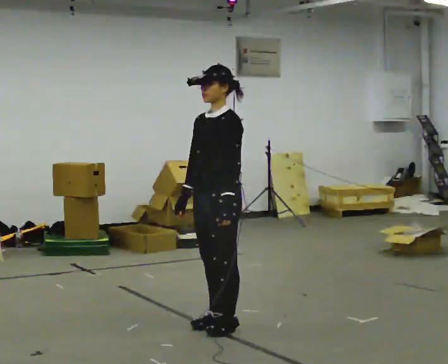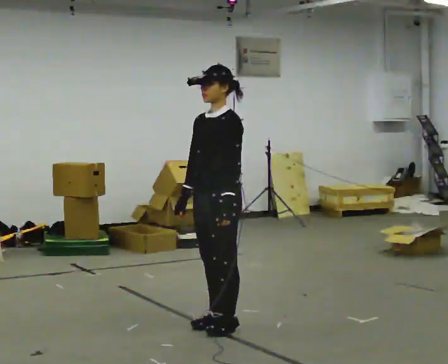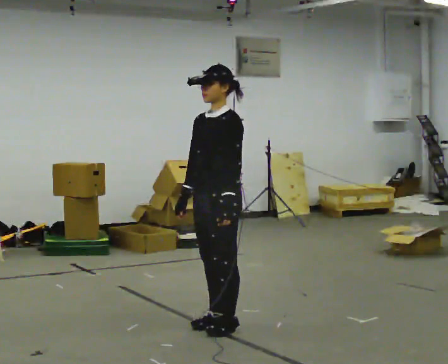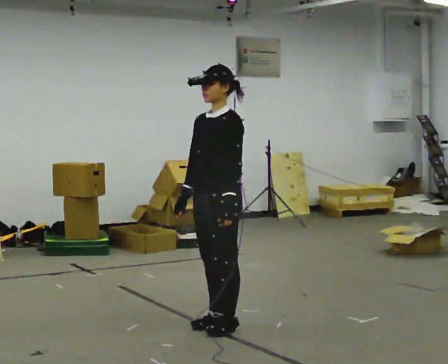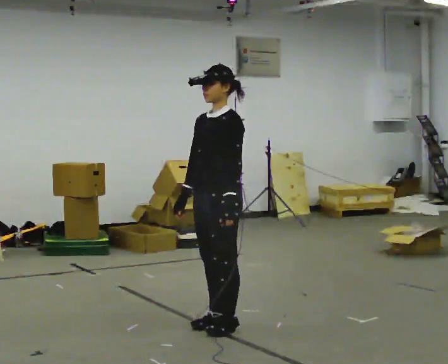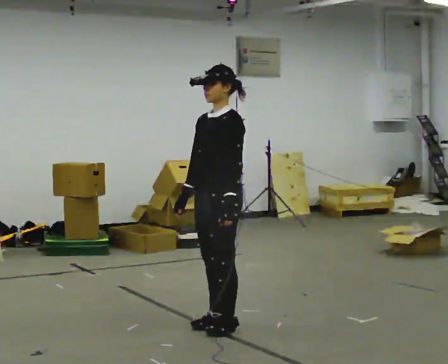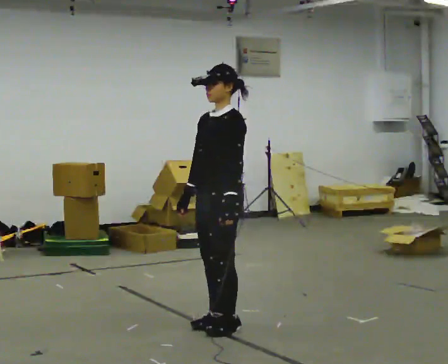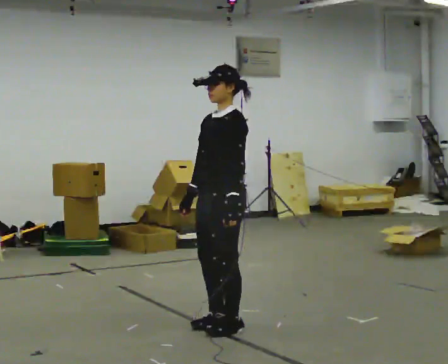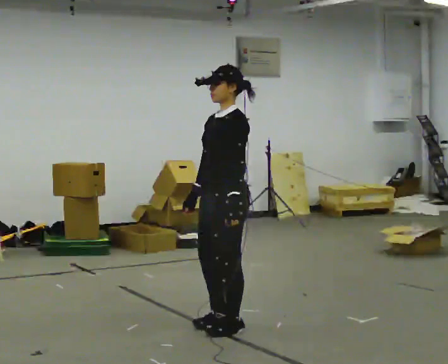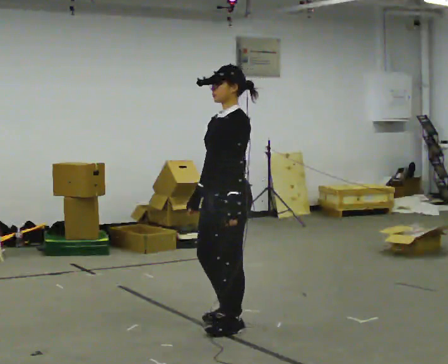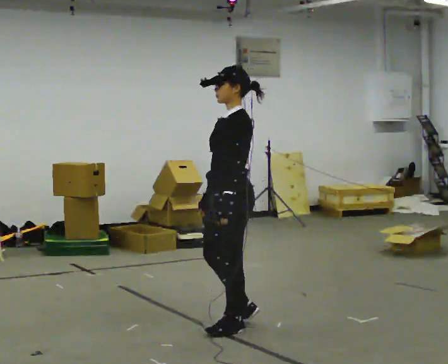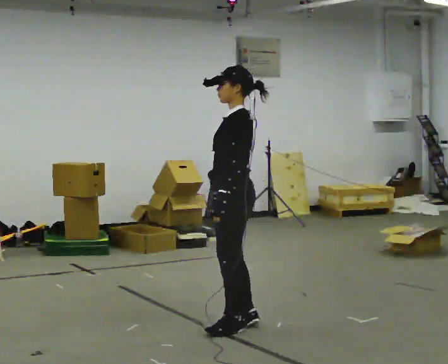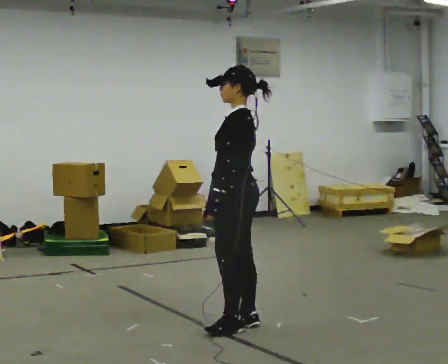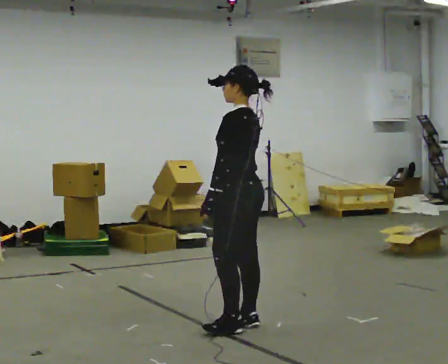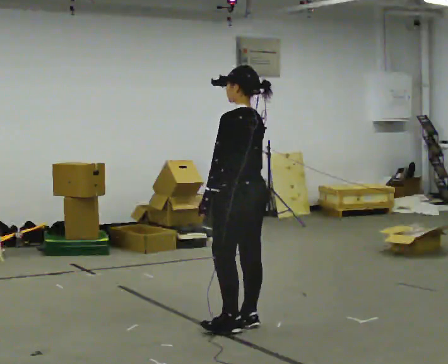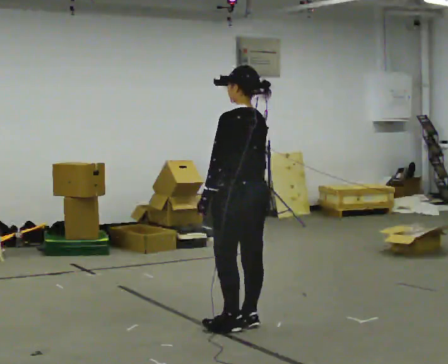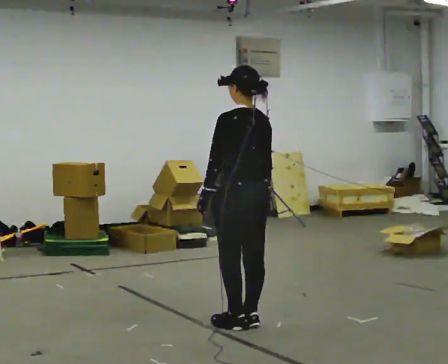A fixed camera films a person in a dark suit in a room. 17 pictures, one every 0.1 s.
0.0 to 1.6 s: Seen from above the body turns clockwise, about 90 degrees: to their right, with its near side sliding to the left.
The film runs backward here.
